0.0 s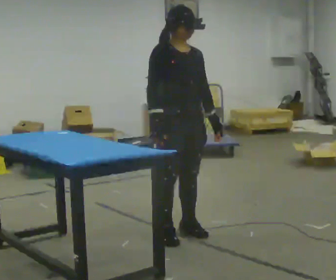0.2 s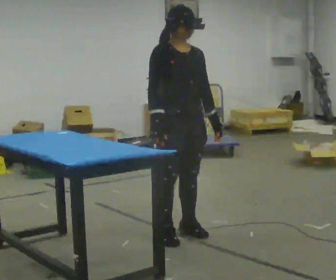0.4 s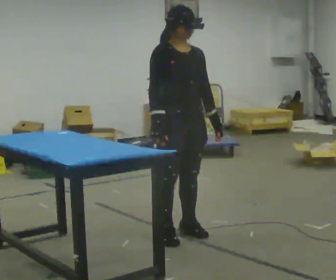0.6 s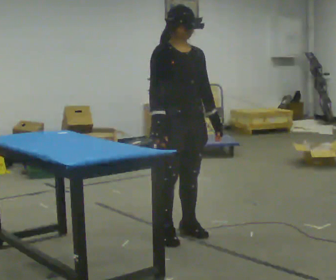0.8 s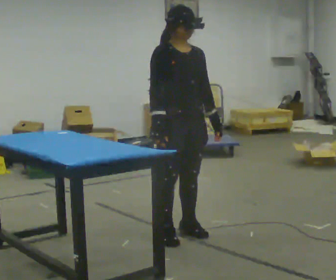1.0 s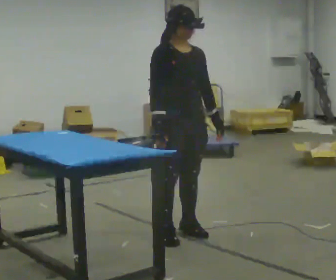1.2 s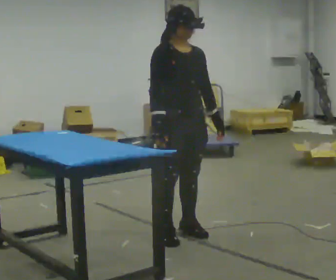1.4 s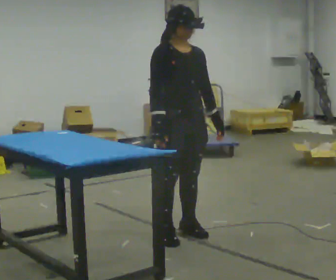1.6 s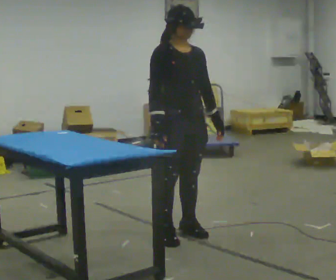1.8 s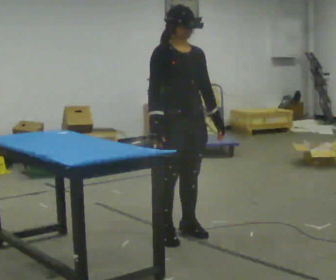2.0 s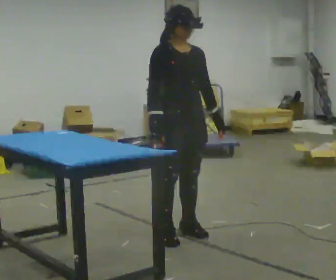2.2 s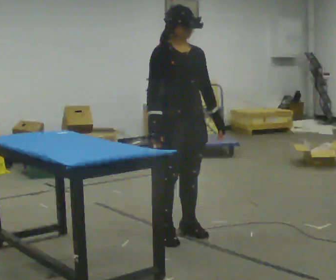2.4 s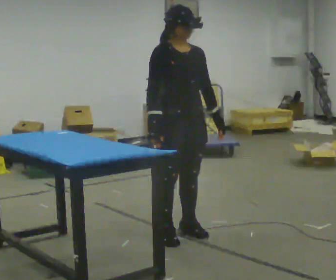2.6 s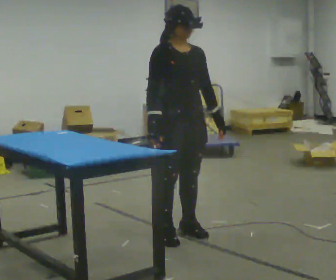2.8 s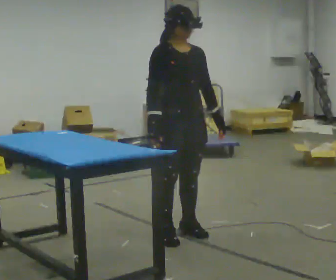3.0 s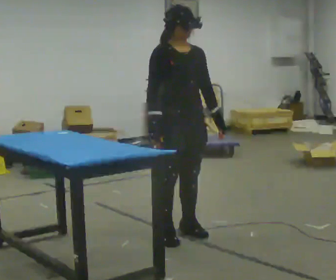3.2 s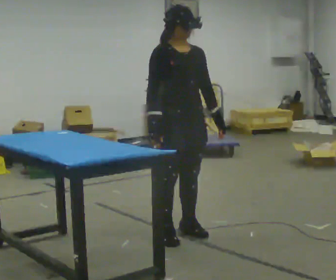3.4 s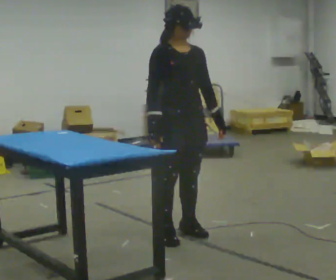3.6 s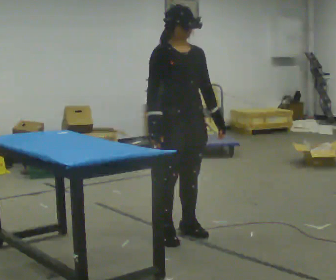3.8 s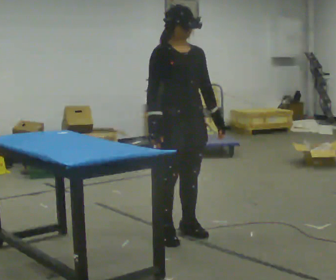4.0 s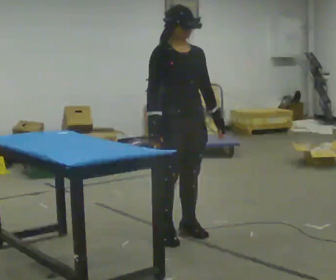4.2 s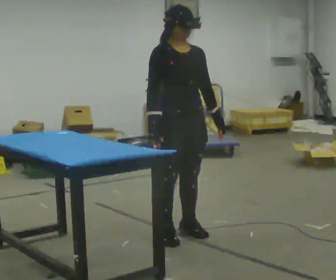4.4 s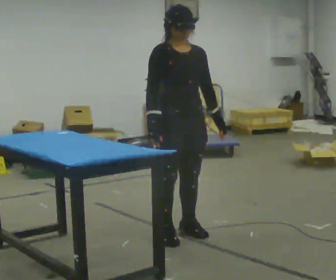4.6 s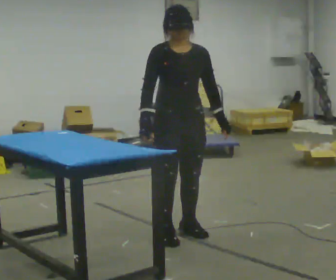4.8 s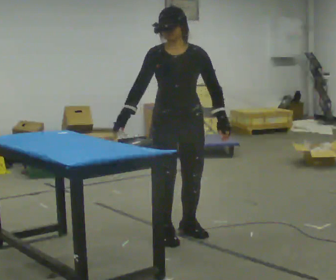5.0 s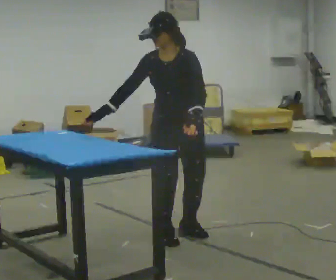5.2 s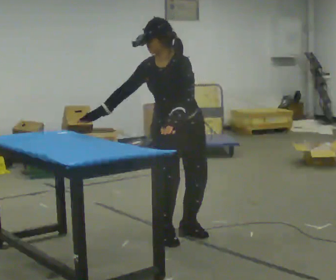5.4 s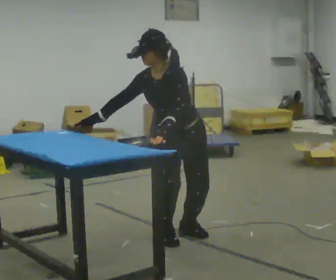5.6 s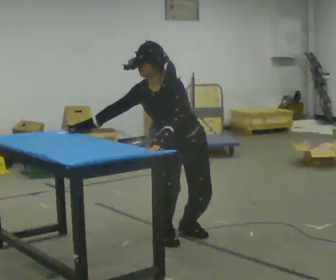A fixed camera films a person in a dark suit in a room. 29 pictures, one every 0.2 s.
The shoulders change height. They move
downward.
0.0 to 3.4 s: The person keeps their place and pose.
3.4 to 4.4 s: The person moves a little, or ends about where they began.
4.4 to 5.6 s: The person turns about 45 degrees to their right, clockwise seen from above, so the part of the body nearest the lens slides to the left. The shoulders move downward. In the picture the upper body tilts counterclockwise, shoulders to the left, as they bend forward. In the picture their left hand goes to the left.
The film runs forward here.
